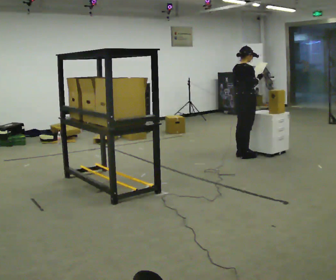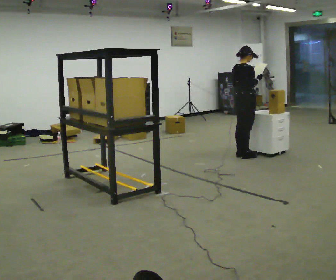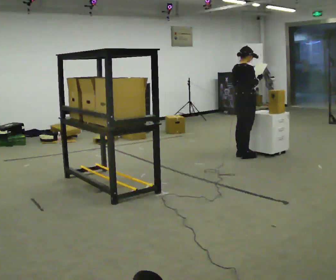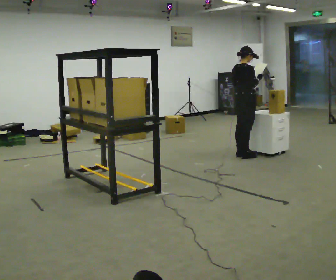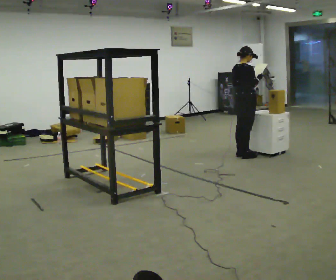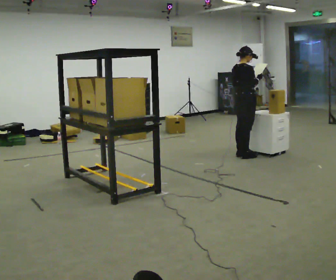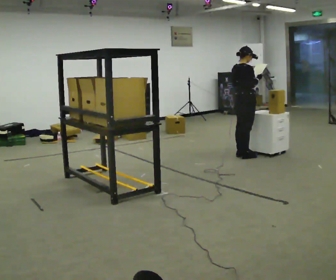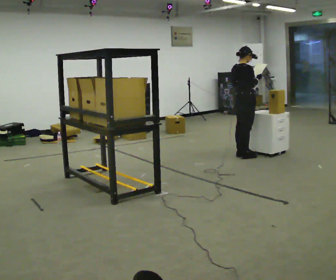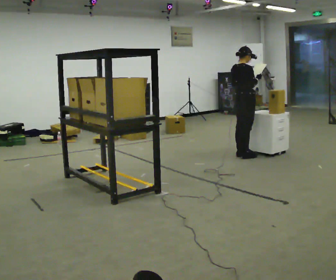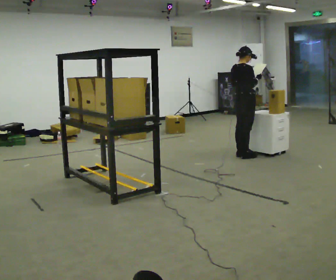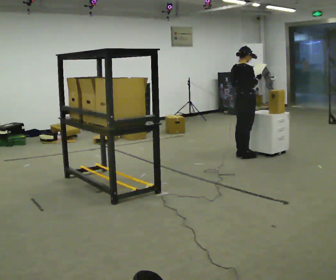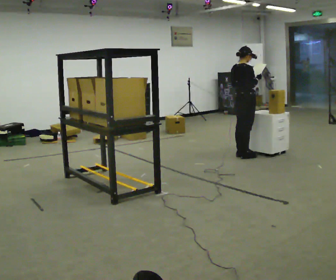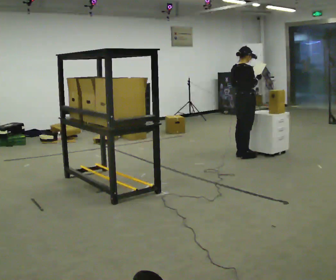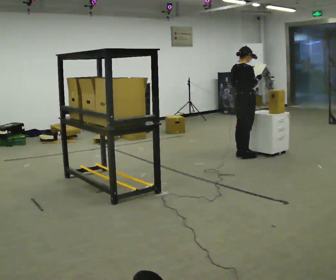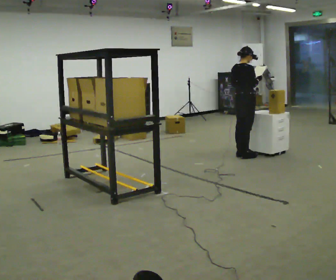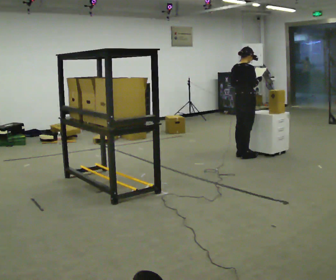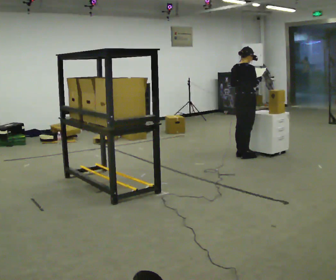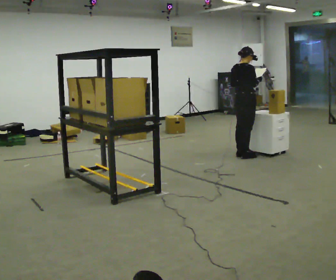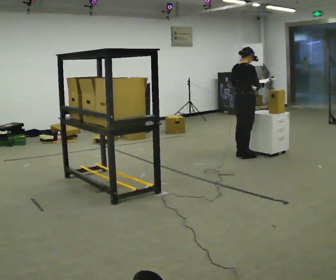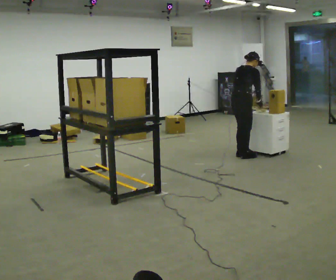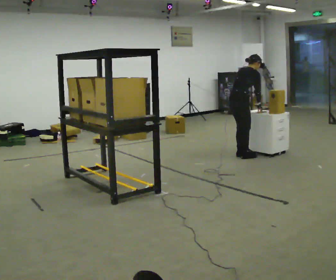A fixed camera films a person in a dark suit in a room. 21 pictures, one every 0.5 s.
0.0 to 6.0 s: The person keeps their place and pose.
6.0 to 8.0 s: The person moves a little, or ends about where they began.
8.0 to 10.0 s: In the picture the upper body tilts clockwise, shoulders to the right, as they bend forward. In the picture their right hand goes downward.
The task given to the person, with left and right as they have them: 1. Read the list the operator gives you. 2. Collect the six items on the list from the shelves. 3. Put them all in the bin on the table. 4. Tell the operator when you are finished.
The film runs forward here.
